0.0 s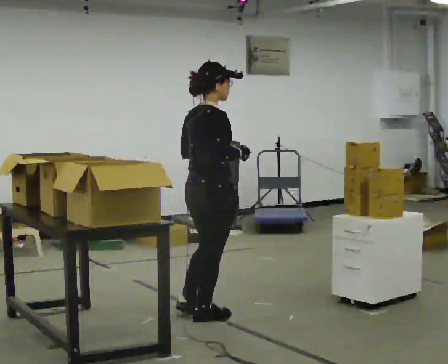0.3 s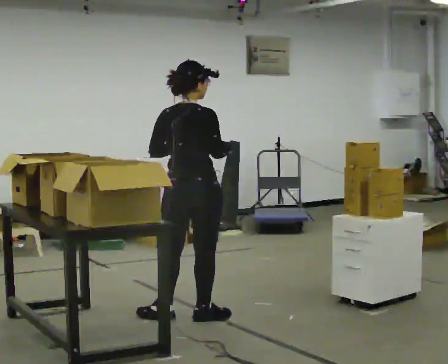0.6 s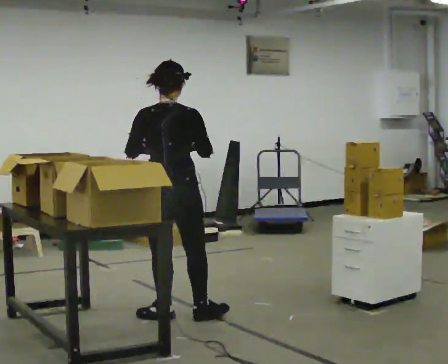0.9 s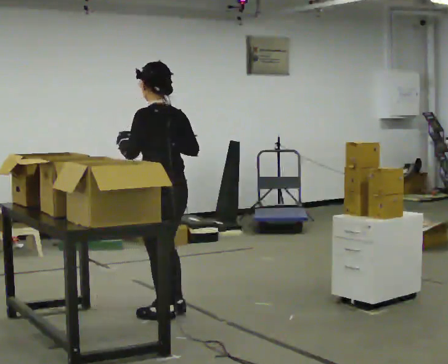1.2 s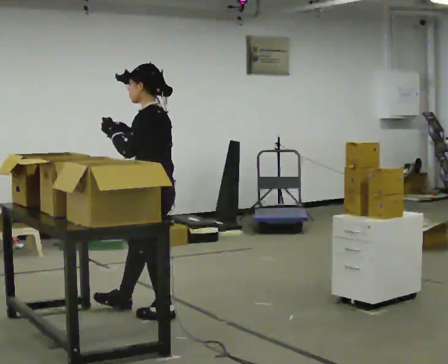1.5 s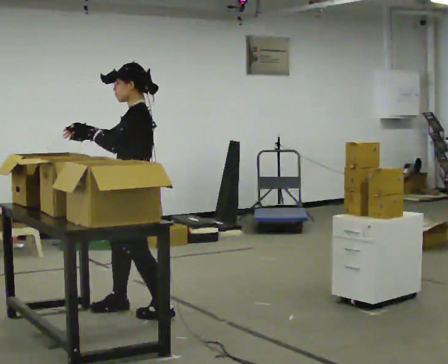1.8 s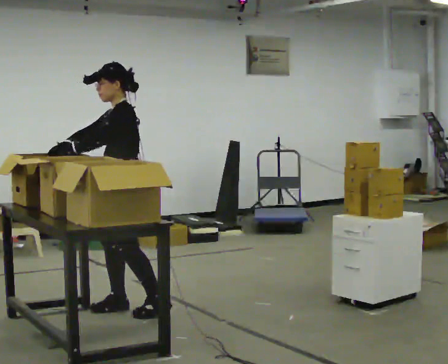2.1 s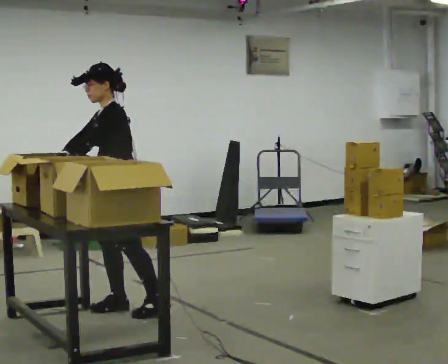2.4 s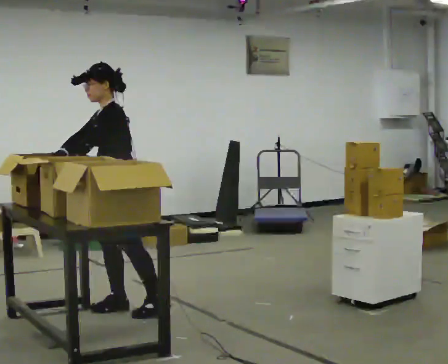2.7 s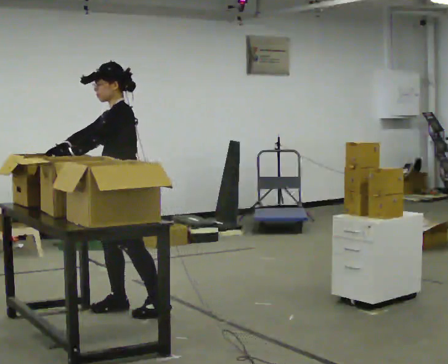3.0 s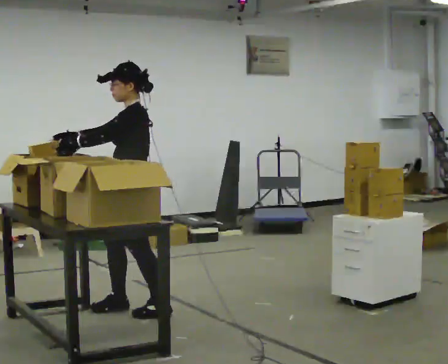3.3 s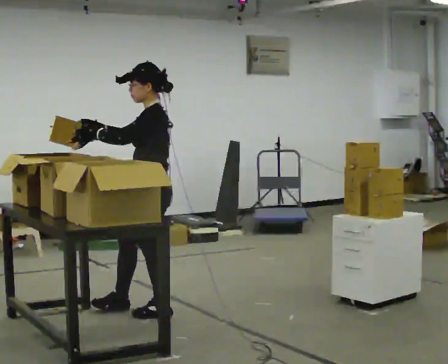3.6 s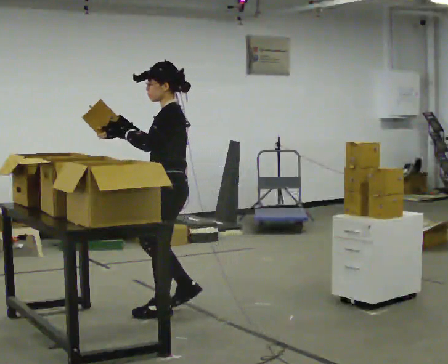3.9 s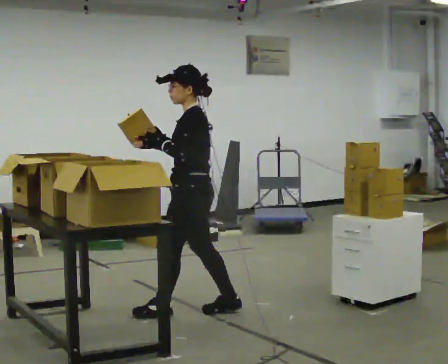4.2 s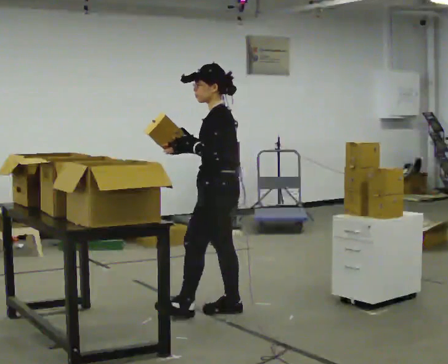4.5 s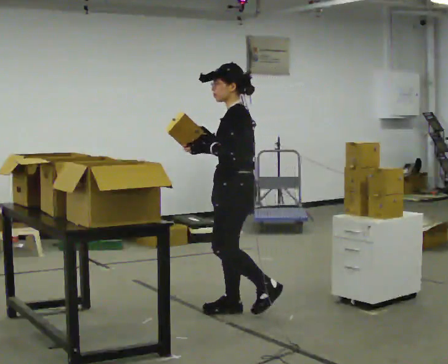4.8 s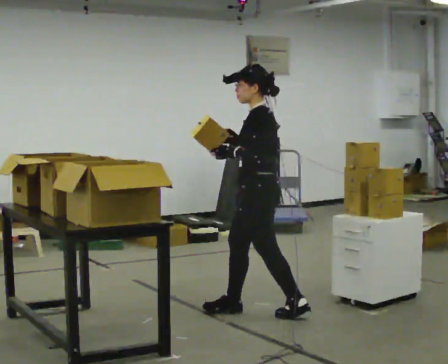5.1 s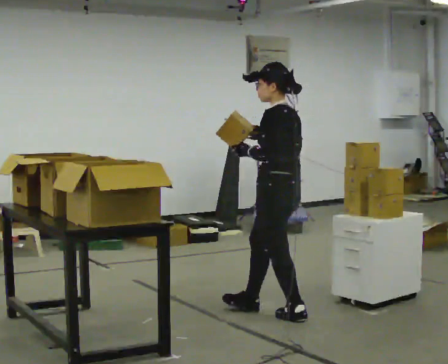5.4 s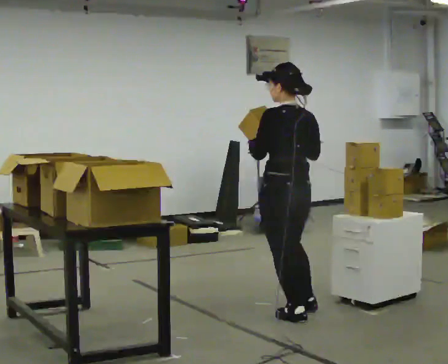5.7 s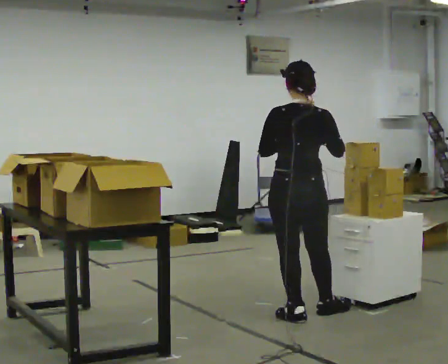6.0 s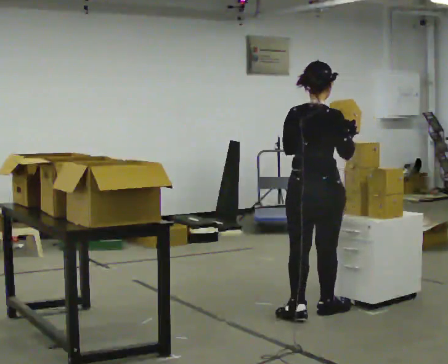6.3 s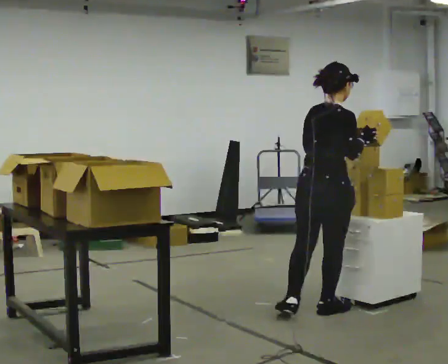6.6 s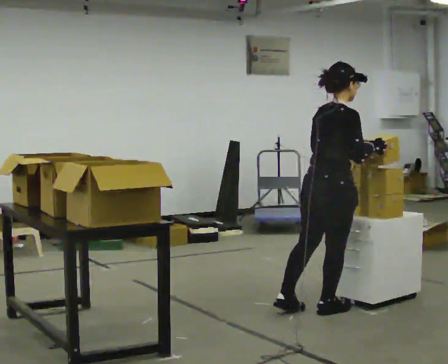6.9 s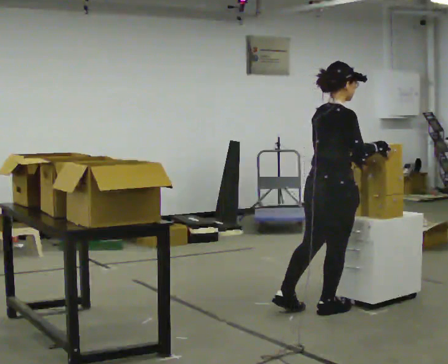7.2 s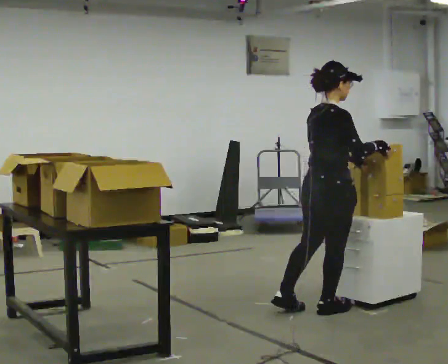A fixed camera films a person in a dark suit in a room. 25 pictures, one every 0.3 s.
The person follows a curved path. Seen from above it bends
clockwise.
0.0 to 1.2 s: The person turns about 135 degrees to their left, counterclockwise seen from above, so the part of the body nearest the lens slides to the right. In the picture they go to the left, about 0.25 m in 1 step.
1.2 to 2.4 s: The person turns about 45 degrees to their left, counterclockwise seen from above, so the part of the body nearest the lens slides to the right. In the picture they go to the left, about 0.25 m, which for them is to their right and forward.
2.4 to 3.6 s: The person turns about 30 degrees to their right, clockwise seen from above, so the part of the body nearest the lens slides to the left. In the picture they go to the right, about 0.25 m in 1 step, which for them is backward and to their left.
3.6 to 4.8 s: In the picture they go to the right, about 0.5 m in 1 step, which for them is backward.
4.8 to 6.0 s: Seen from above the body turns clockwise, about 105 degrees: to their right, with its near side sliding to the left. In the picture they go to the right, about 0.25 m in 1 step.
6.0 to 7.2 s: The person turns about 30 degrees to their right, clockwise seen from above, so the part of the body nearest the lens slides to the left.
The film runs backward here.
